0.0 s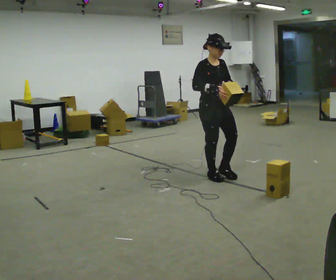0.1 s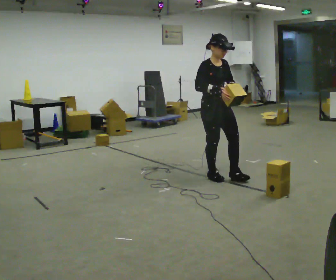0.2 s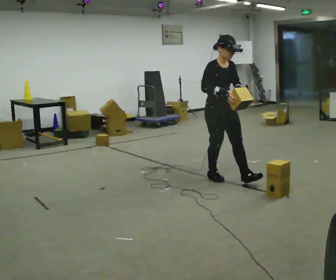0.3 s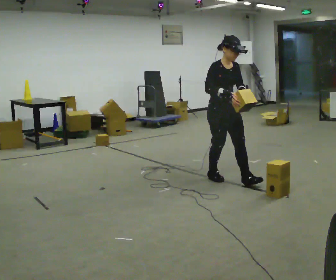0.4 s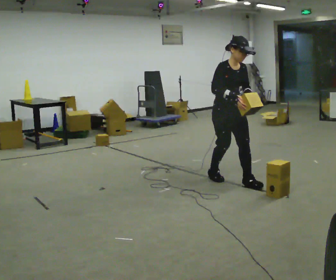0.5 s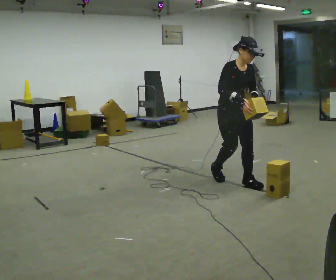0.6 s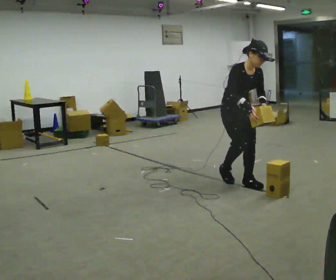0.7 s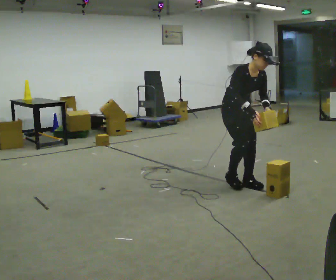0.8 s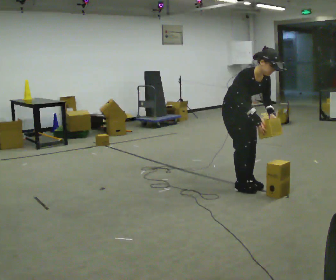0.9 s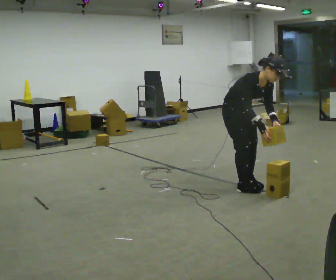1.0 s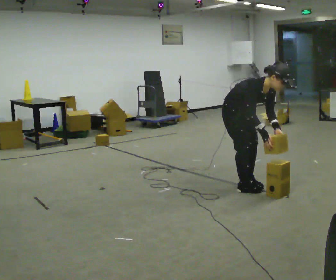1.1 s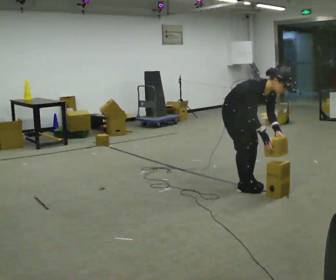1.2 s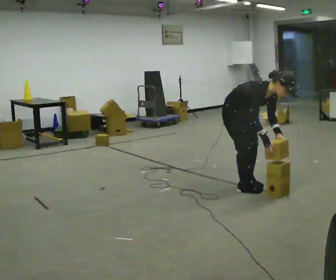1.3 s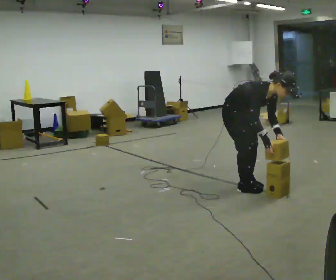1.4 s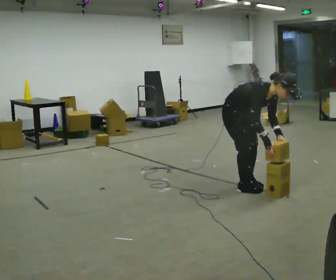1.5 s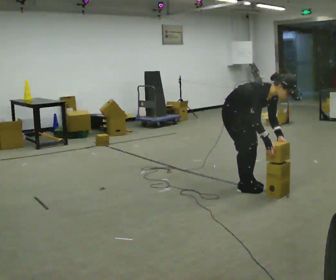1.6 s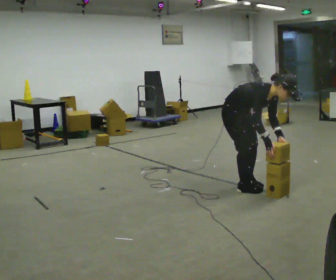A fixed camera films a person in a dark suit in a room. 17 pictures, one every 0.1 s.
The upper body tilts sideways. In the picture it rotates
clockwise.
Their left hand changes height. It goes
downward.
0.0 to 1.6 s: In the picture they go toward the camera and to the right, about 0.5 m in 2 steps, which for them is forward. The upper body goes downward. In the picture the upper body tilts clockwise, shoulders to the right, as they bend forward. In the picture their left hand goes downward.
The film runs forward here.
